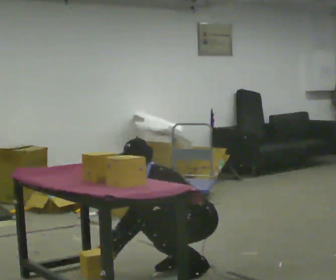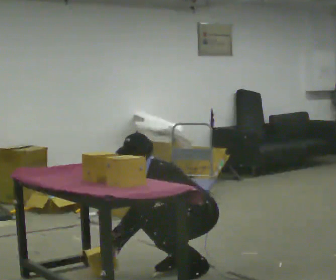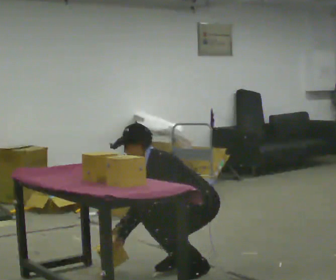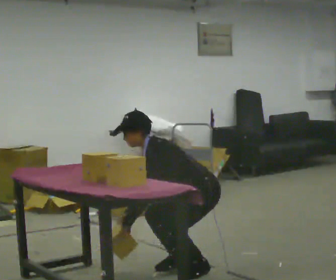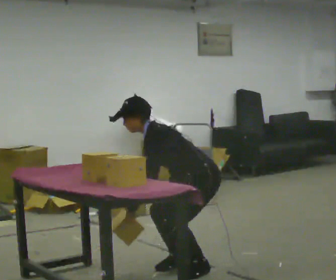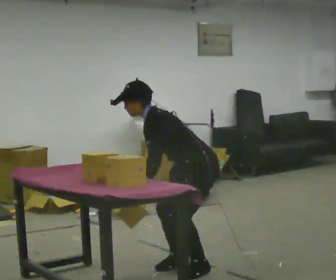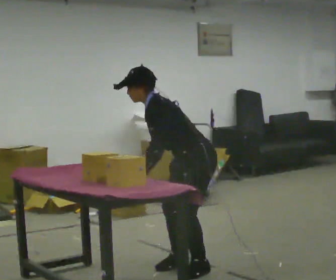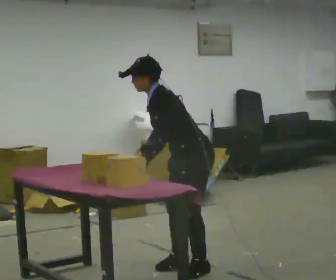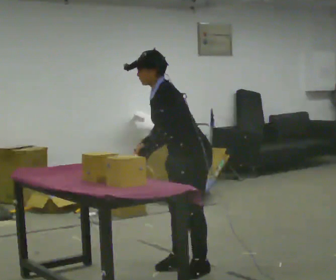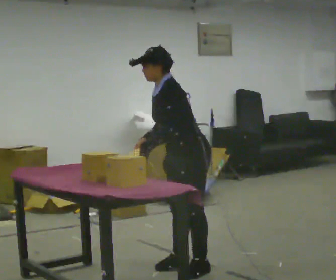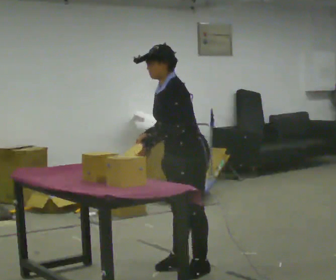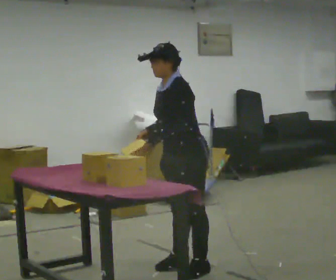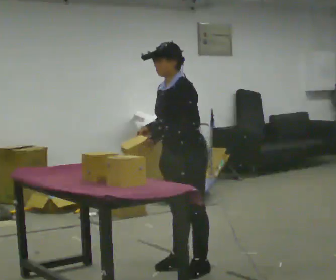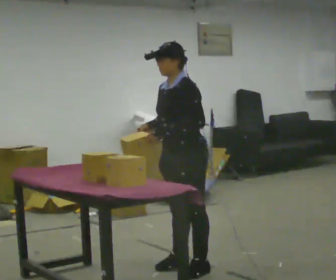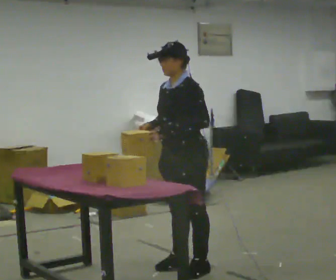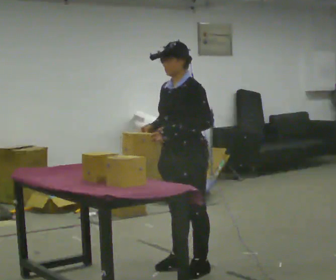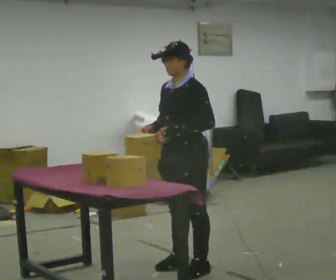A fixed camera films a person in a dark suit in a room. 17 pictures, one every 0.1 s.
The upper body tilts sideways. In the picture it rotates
clockwise.
Their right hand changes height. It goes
upward.
0.0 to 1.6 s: The shoulders move upward. In the picture the upper body tilts clockwise, shoulders to the right, as they lean back or straighten. In the picture their left hand goes upward and to the right.
The film runs forward here.
